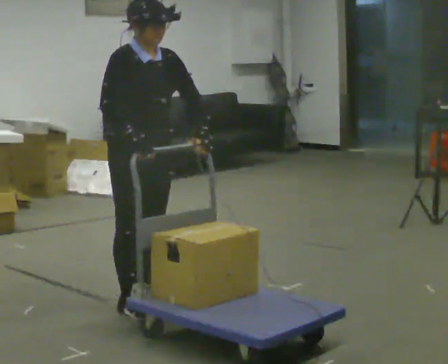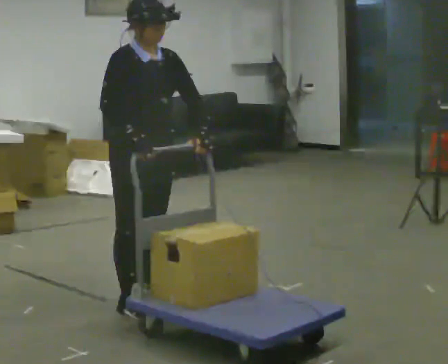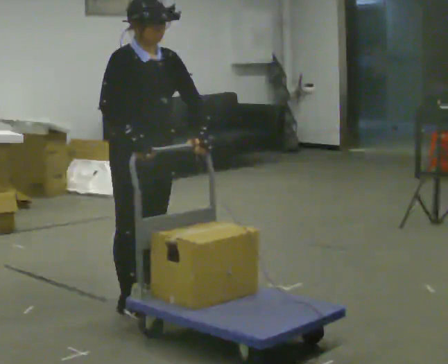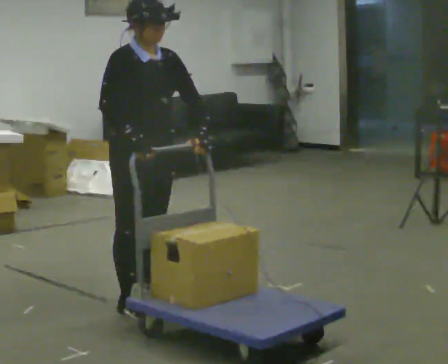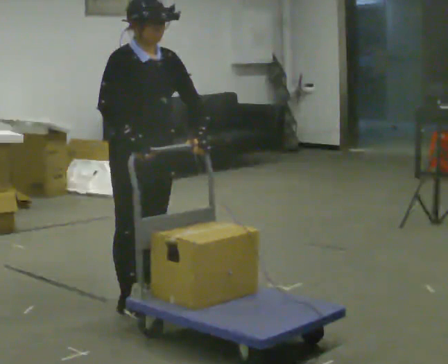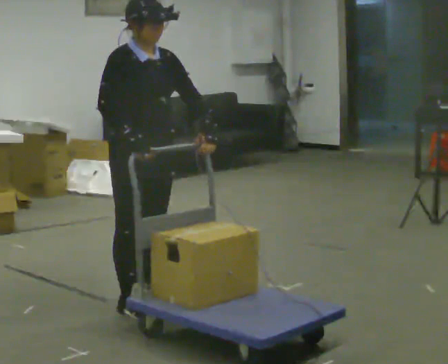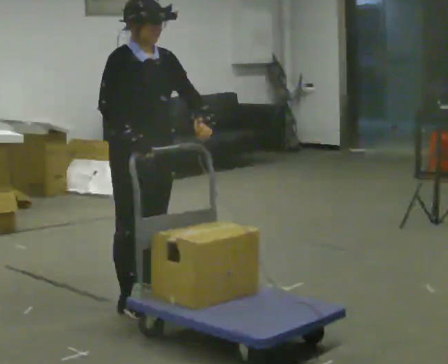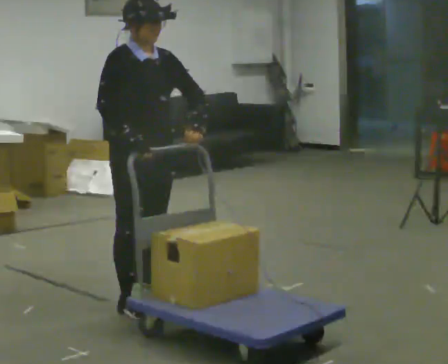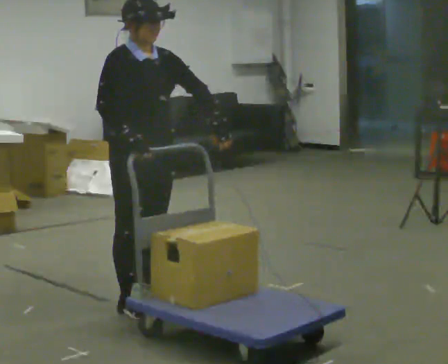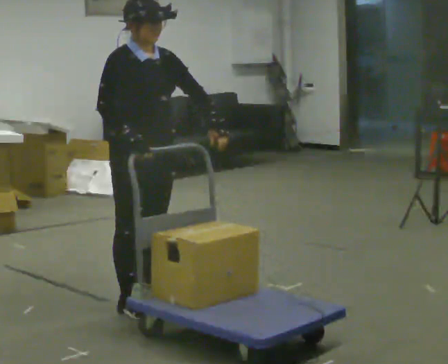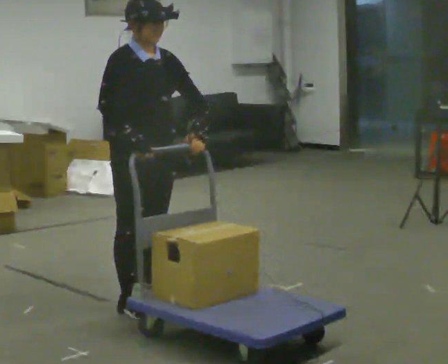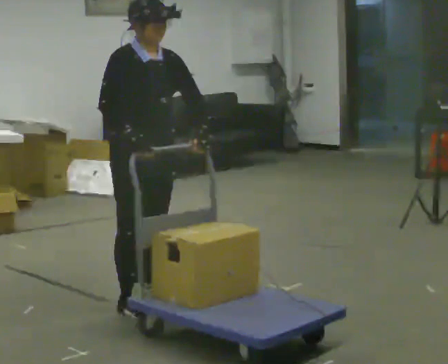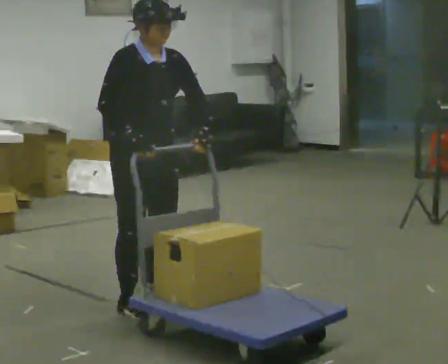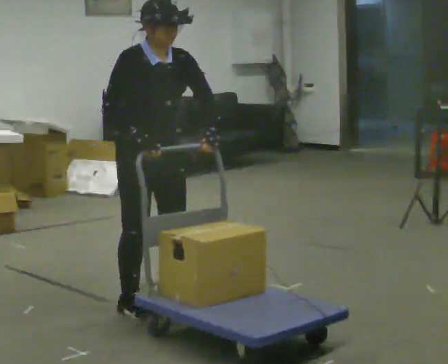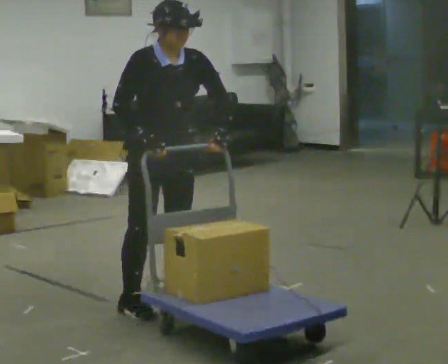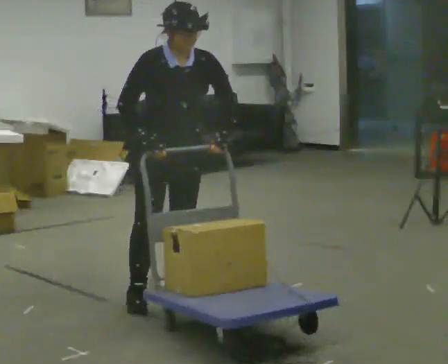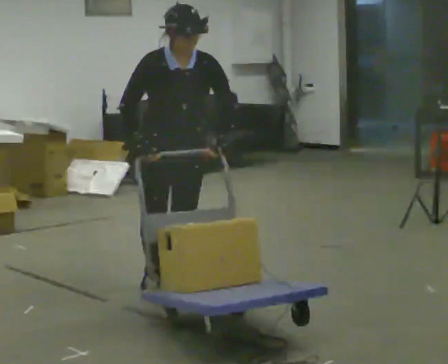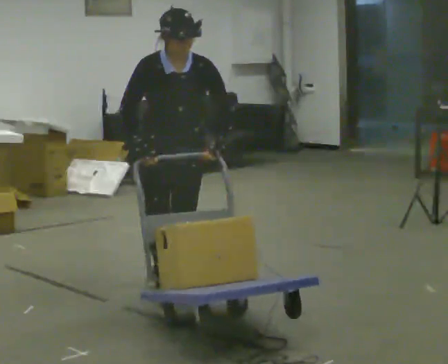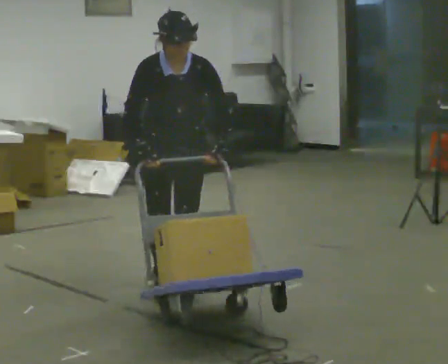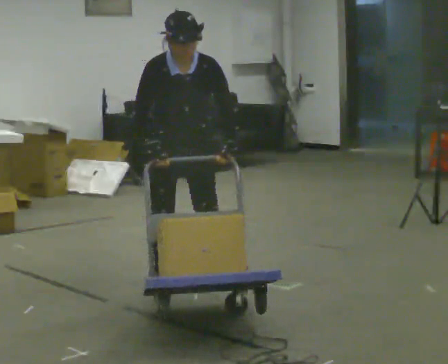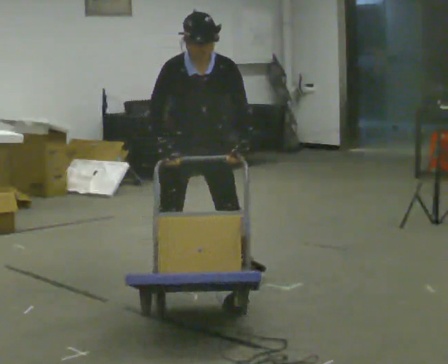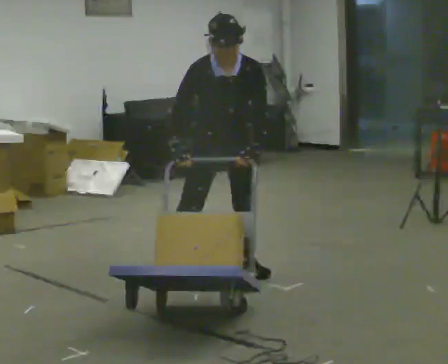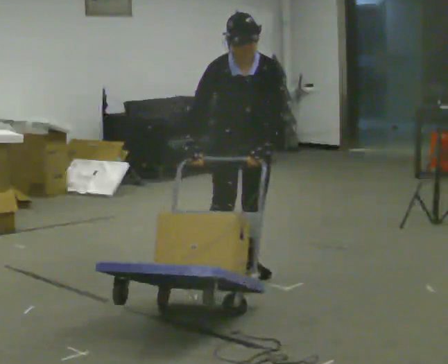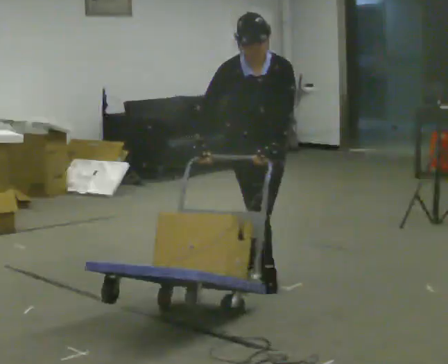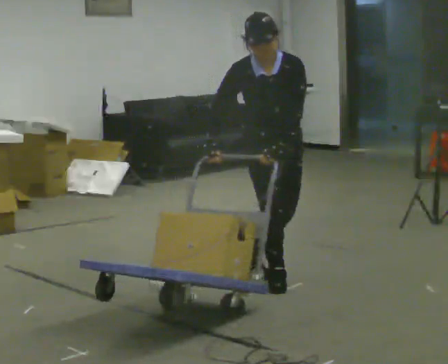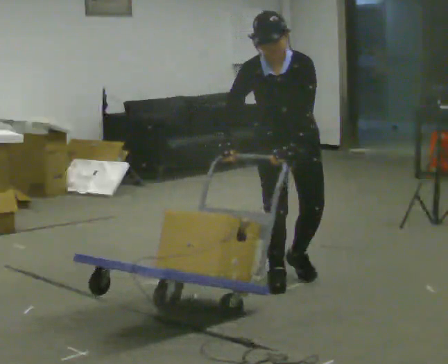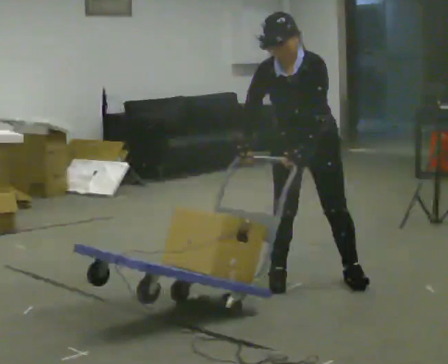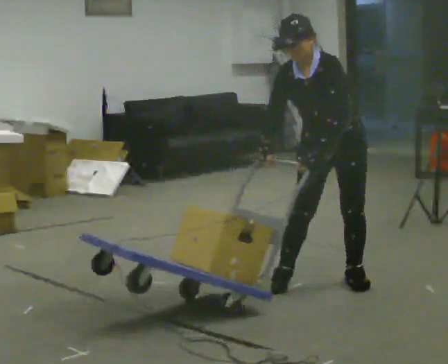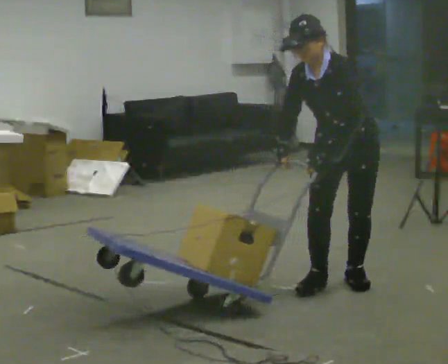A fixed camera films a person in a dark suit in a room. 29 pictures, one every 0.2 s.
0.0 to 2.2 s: The person moves a little, or ends about where they began.
2.2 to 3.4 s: Seen from above the body turns clockwise, about 45 degrees: to their right, with its near side sliding to the left. In the picture they go away from the camera, about 0.5 m in 2 steps, which for them is backward and to their left. The upper body tips toward the camera, its near side rolling downward, as they bend forward.
3.4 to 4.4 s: In the picture they go to the right and away from the camera, about 0.5 m in 1 step, which for them is to their left and backward.
4.4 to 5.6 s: Seen from above the body turns clockwise, about 45 degrees: to their right, with its near side sliding to the left. In the picture they go to the right and toward the camera, about 0.75 m in 2 steps, which for them is to their left and forward. In the picture the upper body tilts counterclockwise, shoulders to the left.
The film runs forward here.
